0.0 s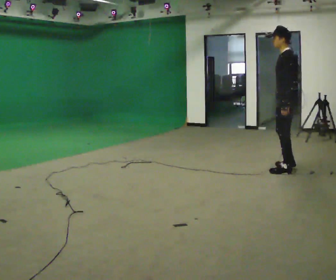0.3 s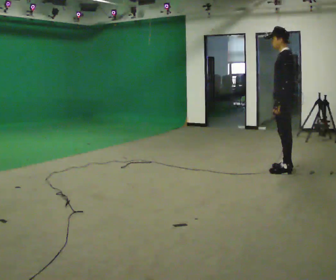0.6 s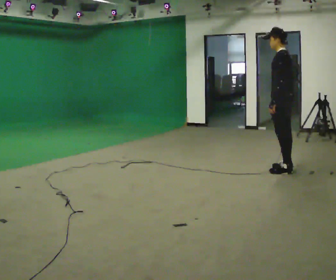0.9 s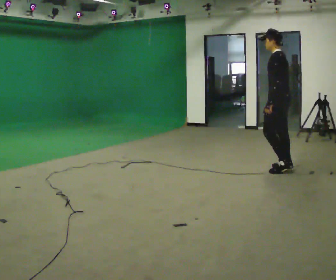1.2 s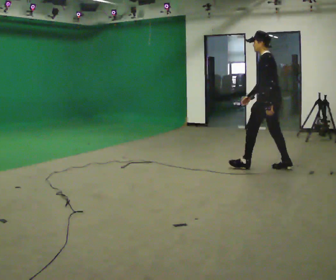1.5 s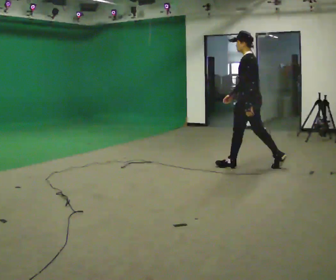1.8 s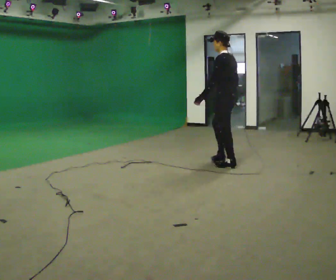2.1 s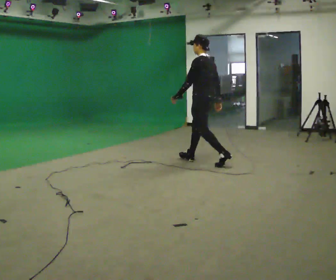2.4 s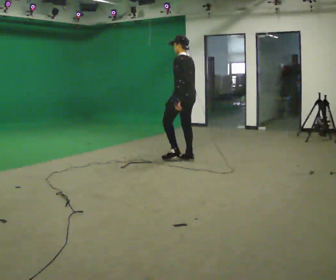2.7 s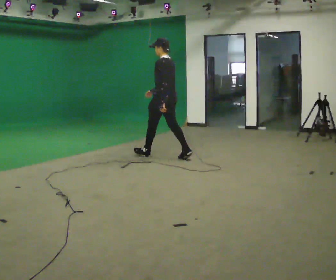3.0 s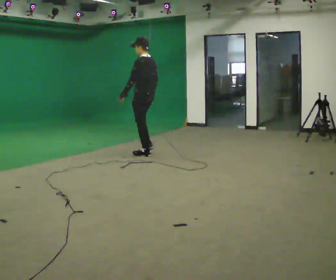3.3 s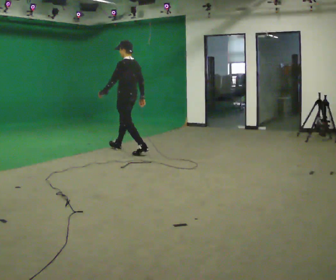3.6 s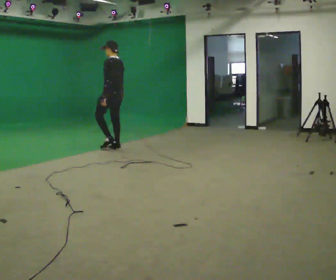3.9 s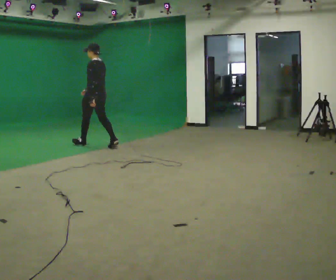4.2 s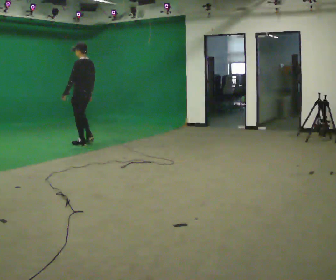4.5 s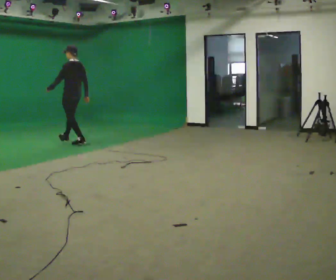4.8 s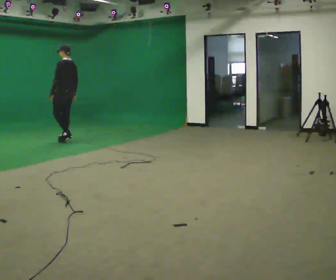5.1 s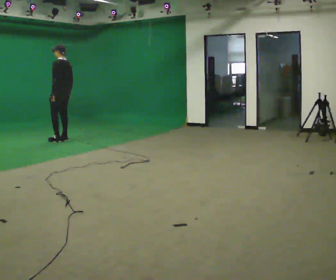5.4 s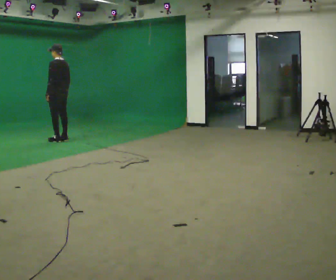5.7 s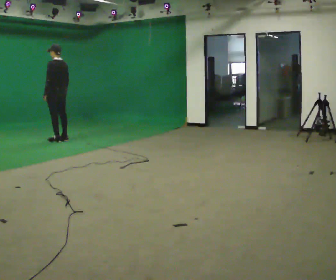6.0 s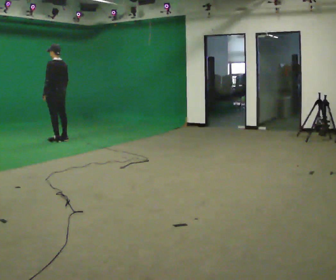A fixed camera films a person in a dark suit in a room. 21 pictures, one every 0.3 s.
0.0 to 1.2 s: In the picture they go away from the camera and to the left, about 0.25 m, which for them is forward.
1.2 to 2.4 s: In the picture they go to the left and away from the camera, about 1 m in 2 steps, which for them is forward.
2.4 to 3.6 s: In the picture they go to the left and away from the camera, about 1.5 m in 2 steps, which for them is forward.
3.6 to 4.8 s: In the picture they go to the left and away from the camera, about 1 m in 2 steps, which for them is forward.
4.8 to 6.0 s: In the picture they go to the left, about 0.25 m in 1 step, which for them is forward.
The film runs forward here.
